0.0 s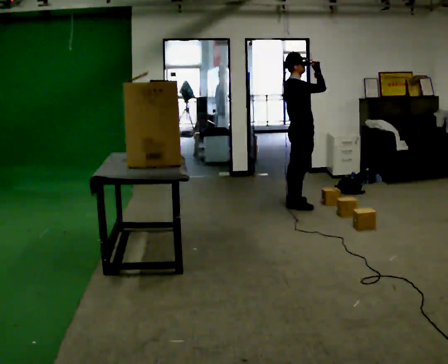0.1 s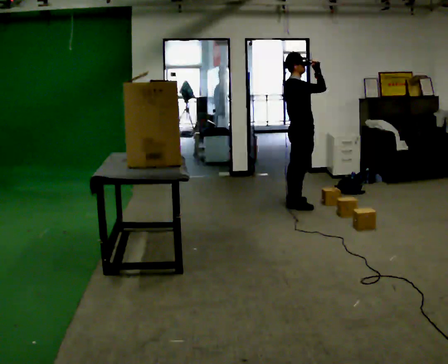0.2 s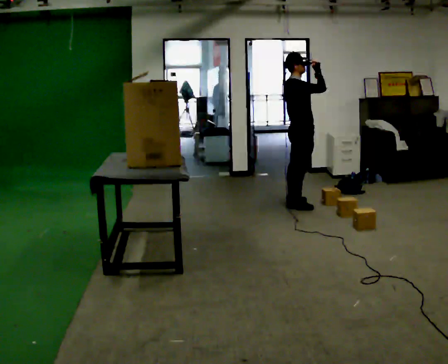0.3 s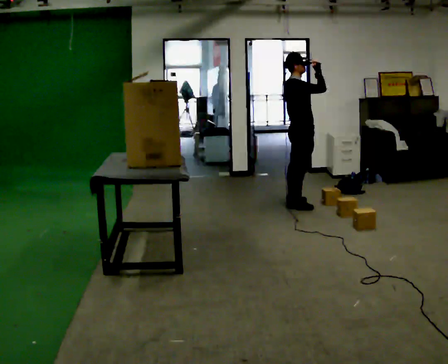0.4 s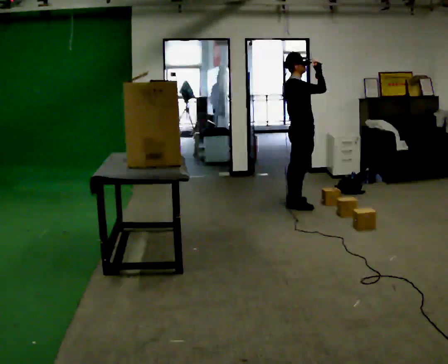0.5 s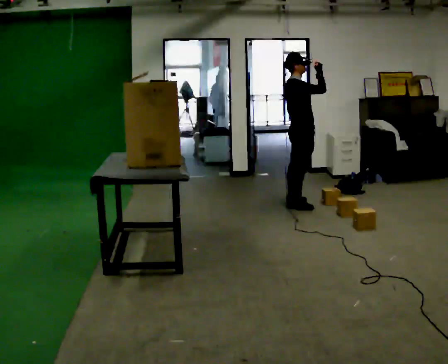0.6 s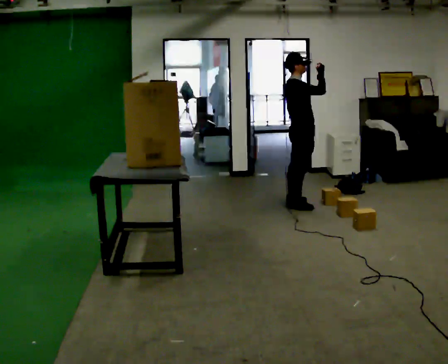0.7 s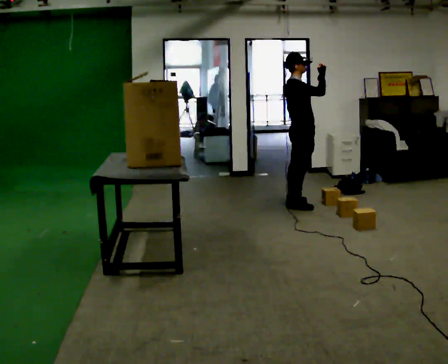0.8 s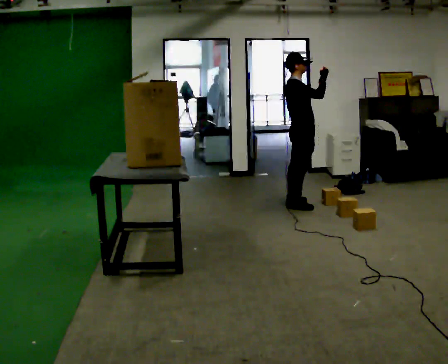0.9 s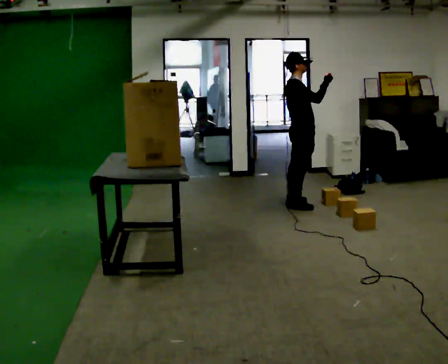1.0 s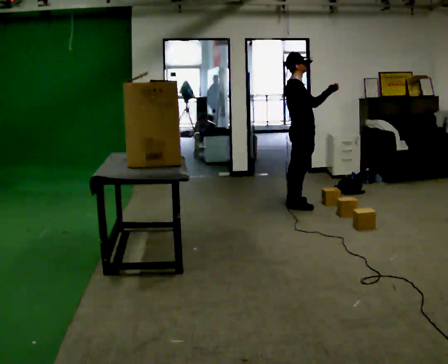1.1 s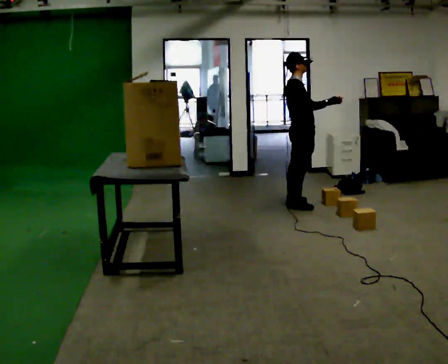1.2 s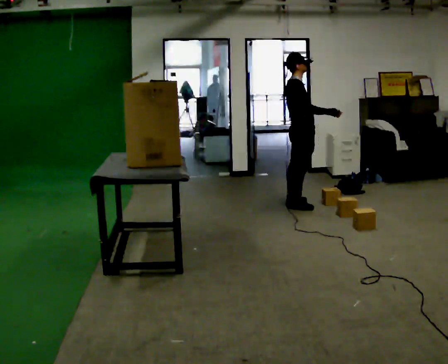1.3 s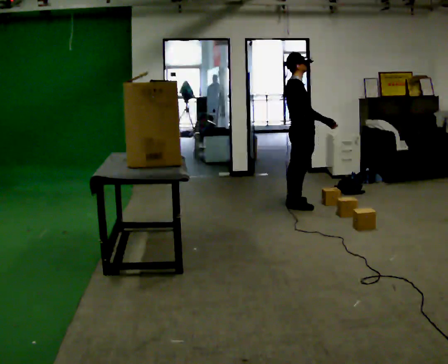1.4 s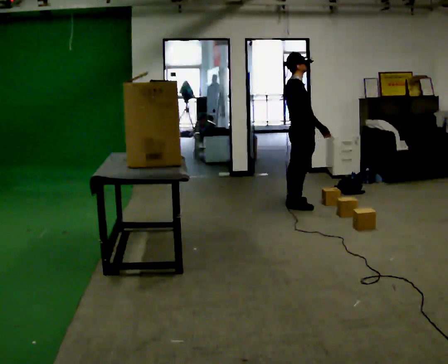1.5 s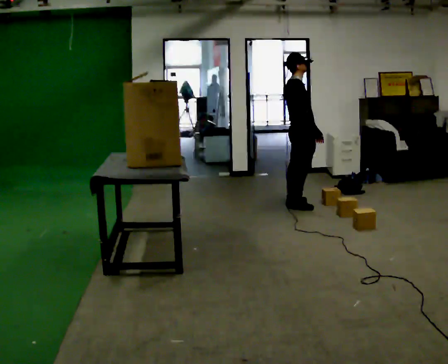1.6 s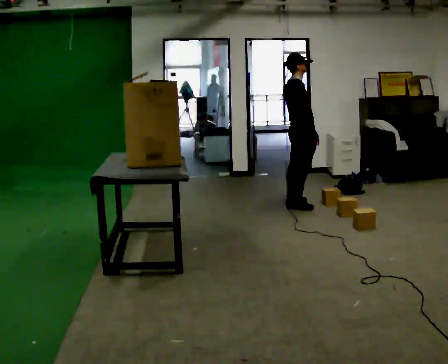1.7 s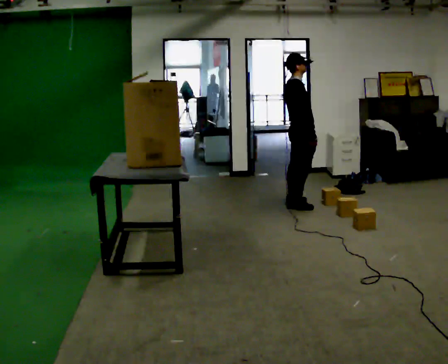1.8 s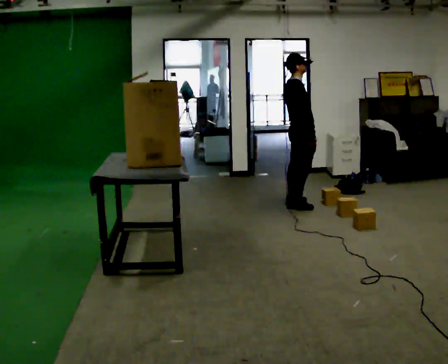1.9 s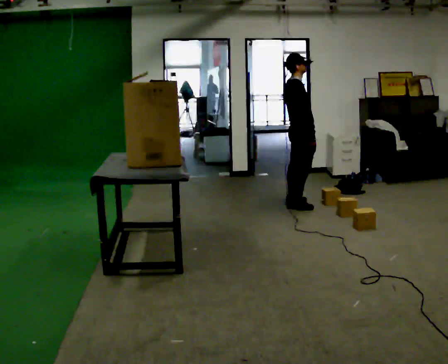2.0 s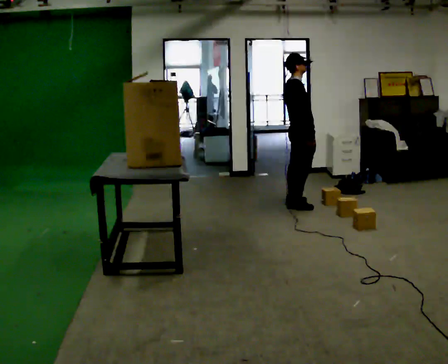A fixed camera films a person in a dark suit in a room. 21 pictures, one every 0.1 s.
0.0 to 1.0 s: The person moves a little, or ends about where they began.
1.0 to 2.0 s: In the picture their right hand goes downward, the arm swinging clockwise.
The film runs backward here.
